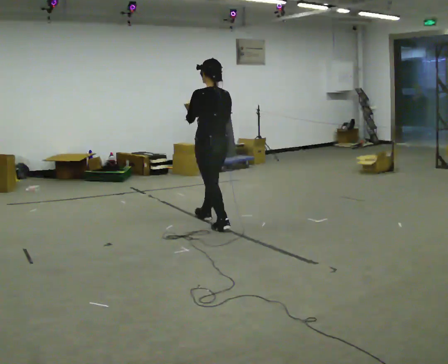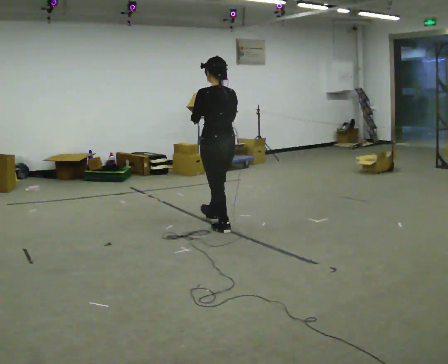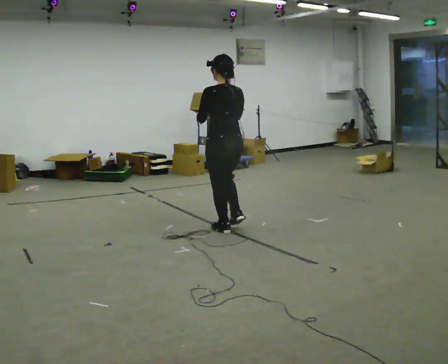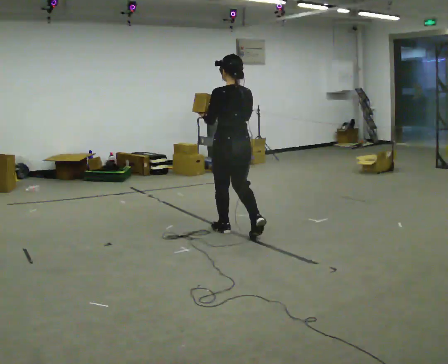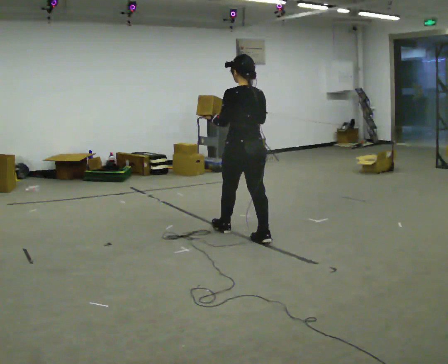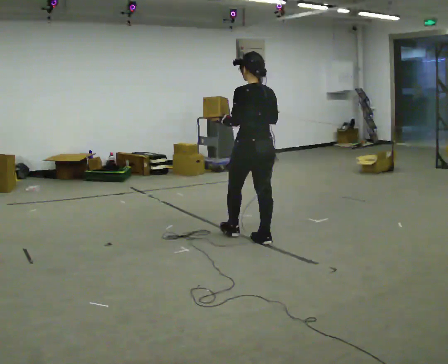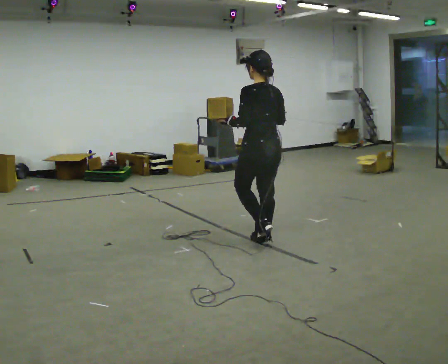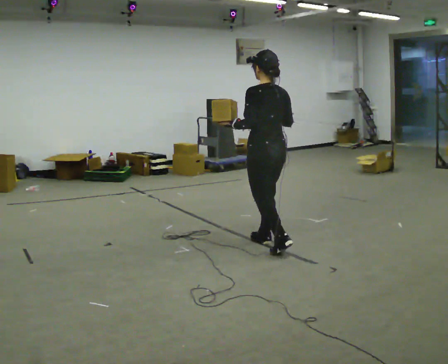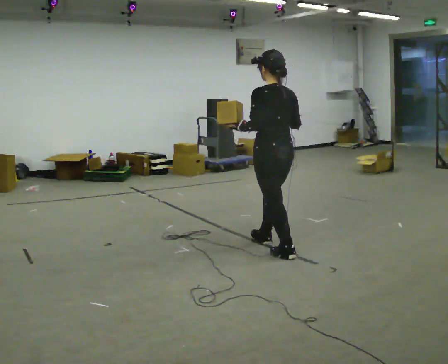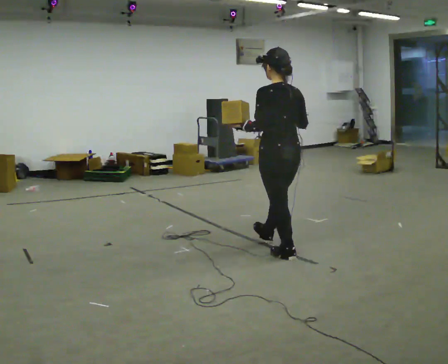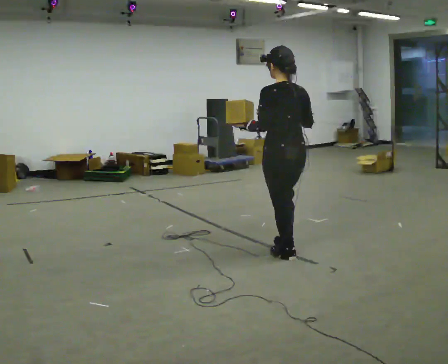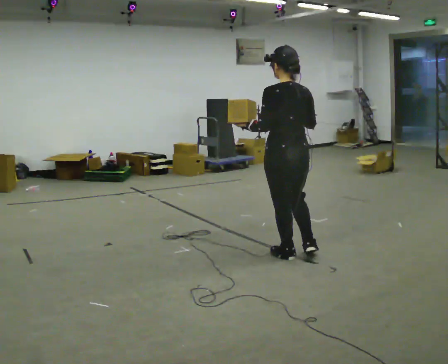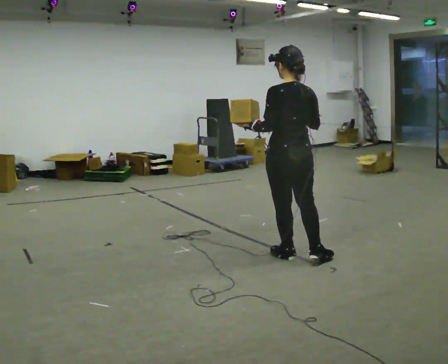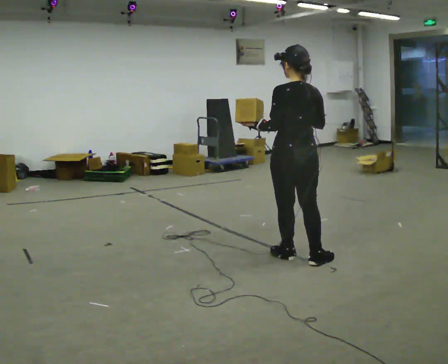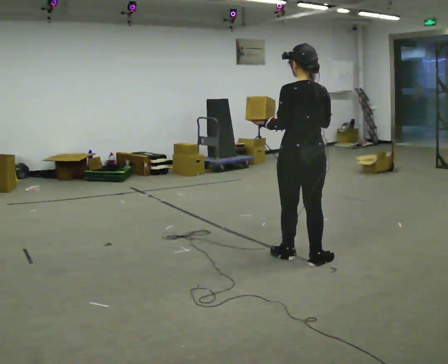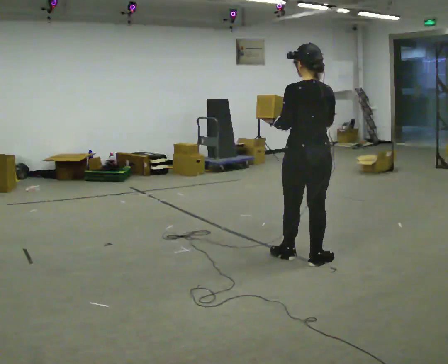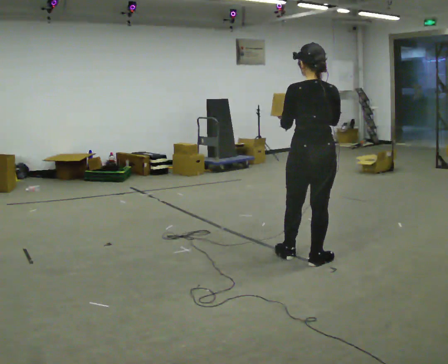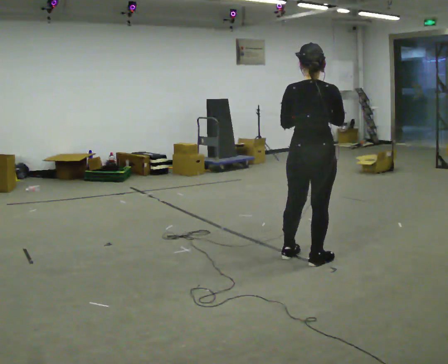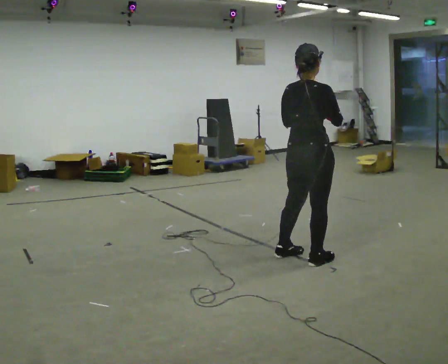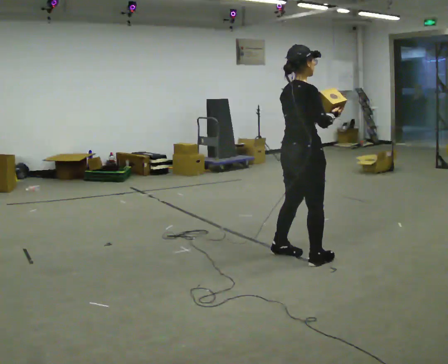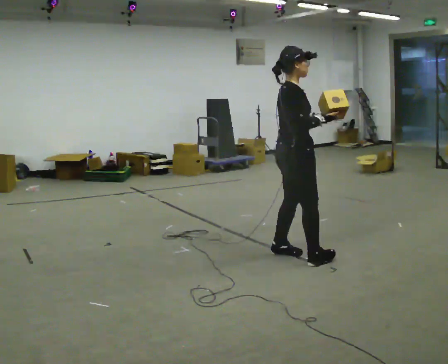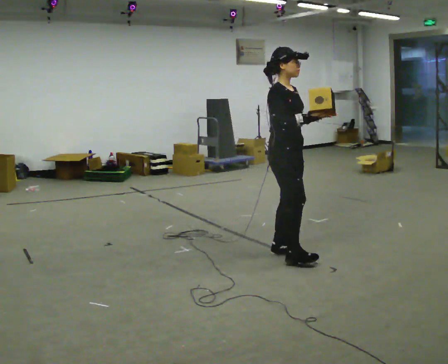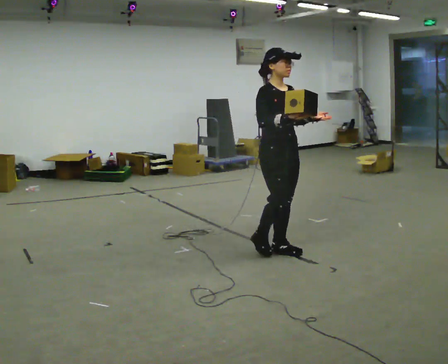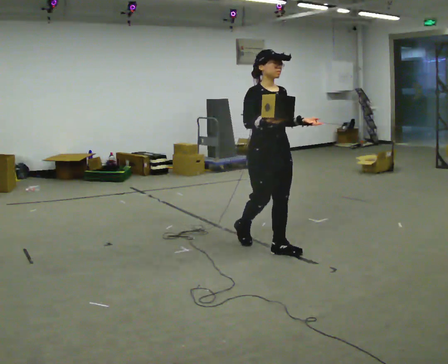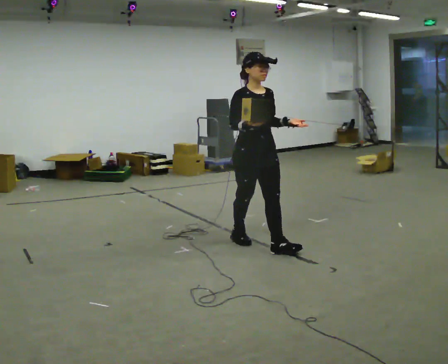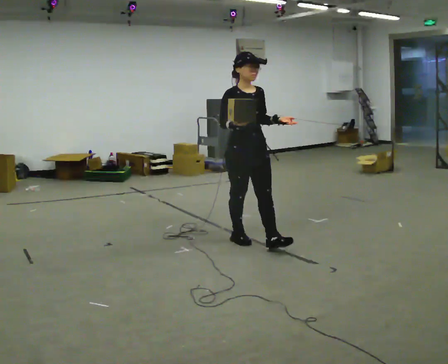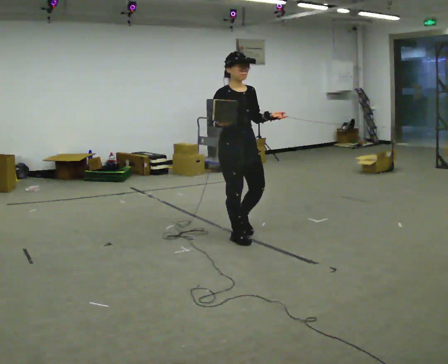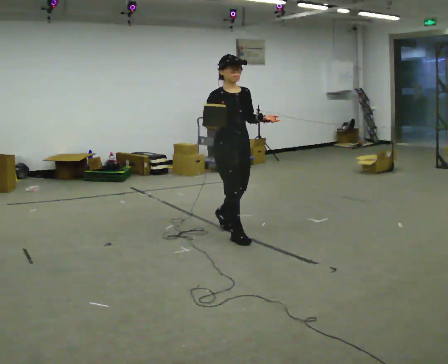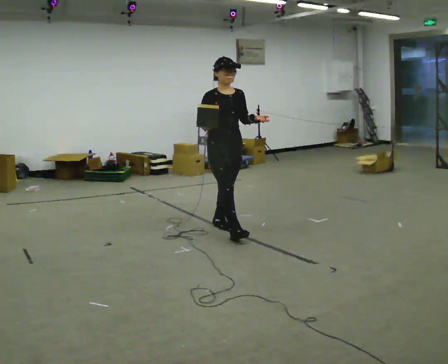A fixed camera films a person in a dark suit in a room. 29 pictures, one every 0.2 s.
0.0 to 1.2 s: In the picture they go to the right and toward the camera, about 1 m in 2 steps, which for them is backward.
1.2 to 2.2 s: In the picture they go to the right and toward the camera, about 0.5 m in 1 step, which for them is backward.
2.2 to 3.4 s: Seen from above the body turns clockwise, about 30 degrees: to their right, with its near side sliding to the left. In the picture they go to the right, about 0.25 m, which for them is backward and to their right.
3.4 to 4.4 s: The person turns about 120 degrees to their right, clockwise seen from above, so the part of the body nearest the lens slides to the left. In the picture they go to the left and away from the camera, about 0.5 m in 2 steps.
4.4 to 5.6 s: In the picture they go to the left and away from the camera, about 0.5 m in 1 step, which for them is backward.
The film runs backward here.
